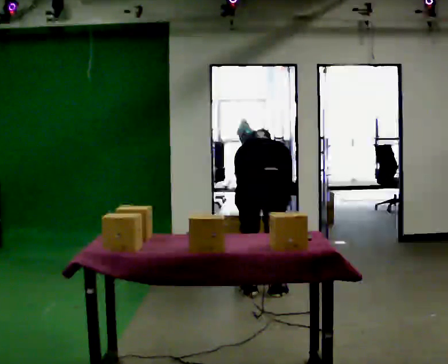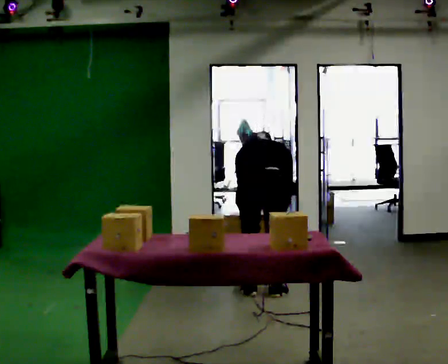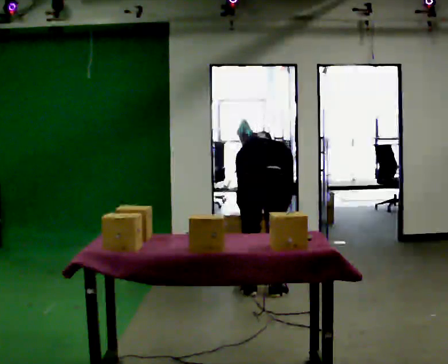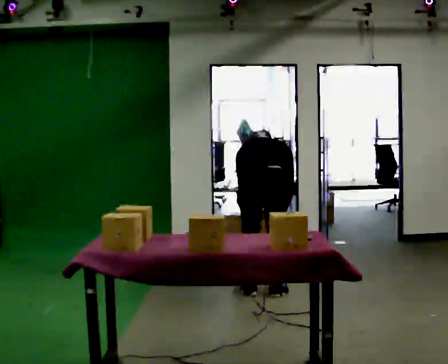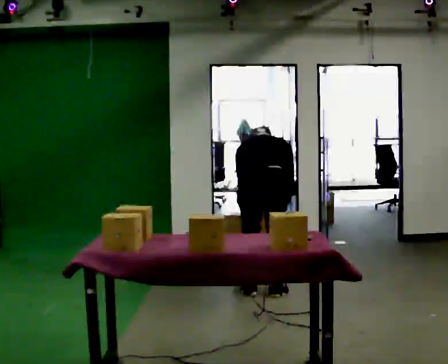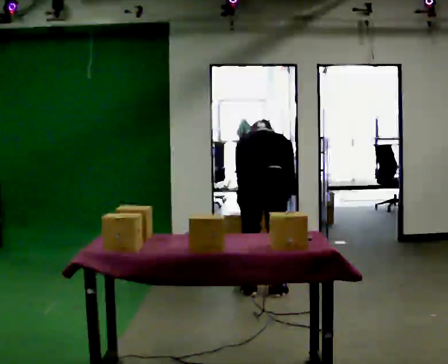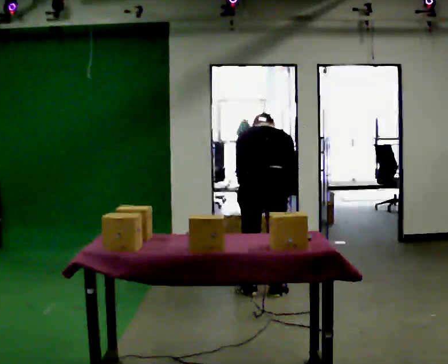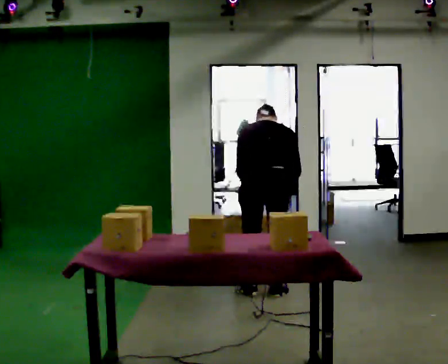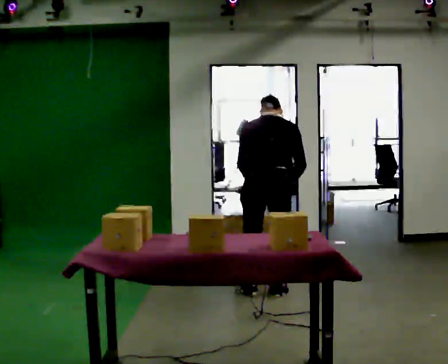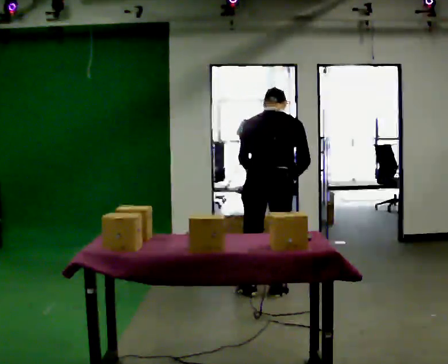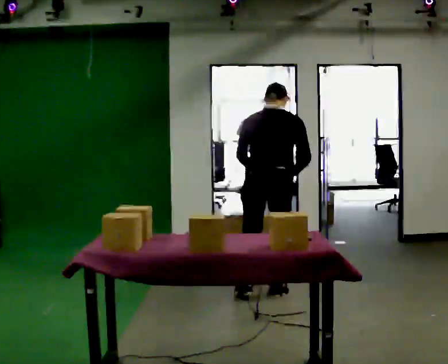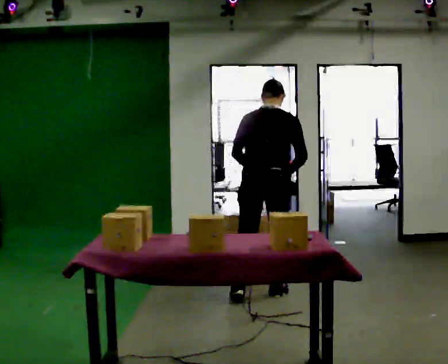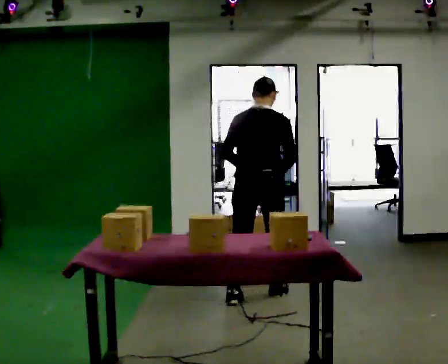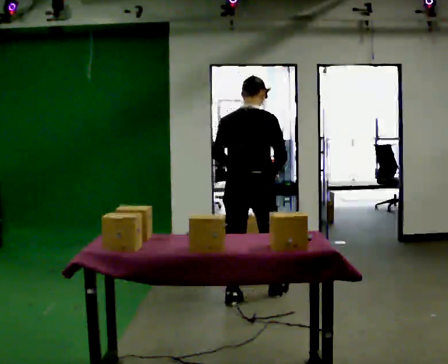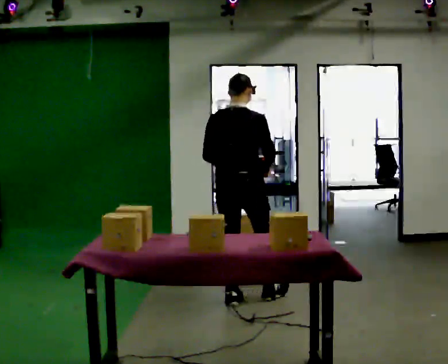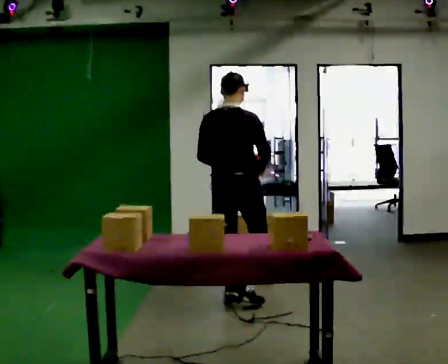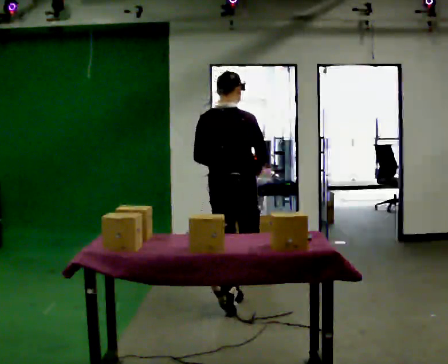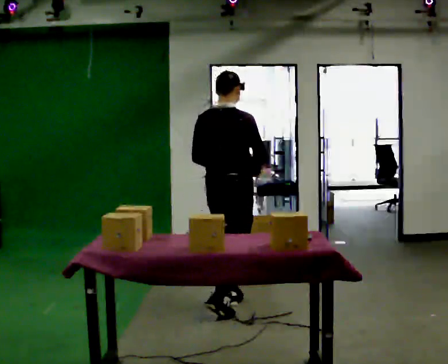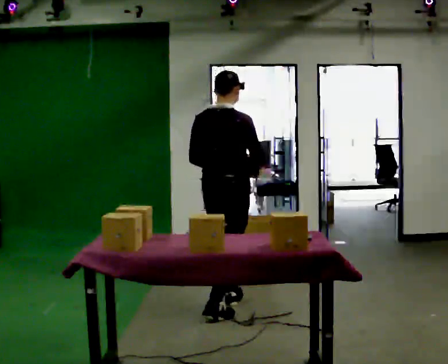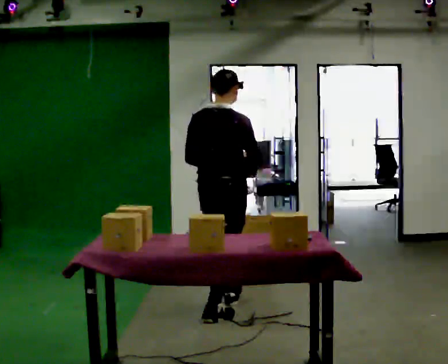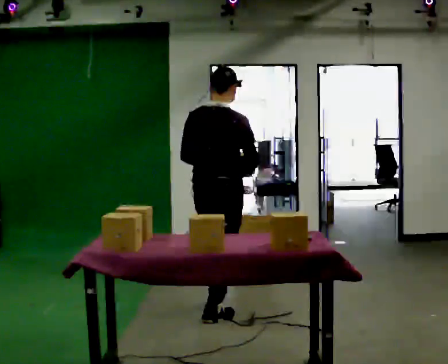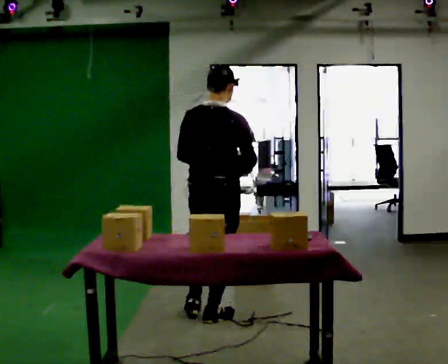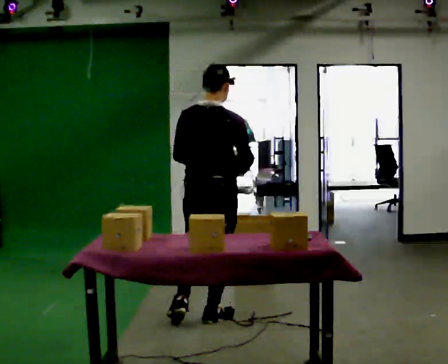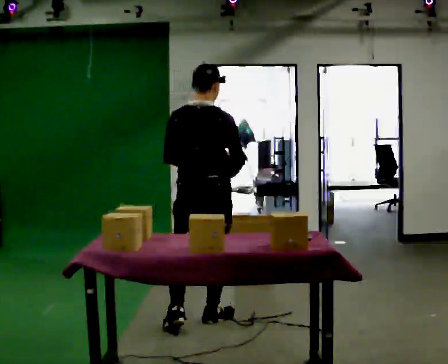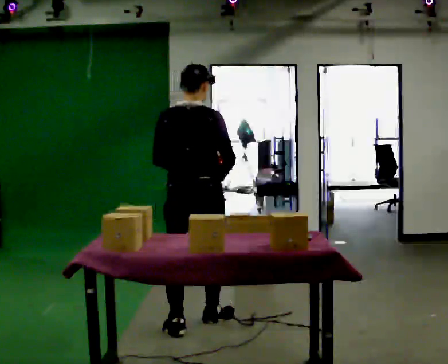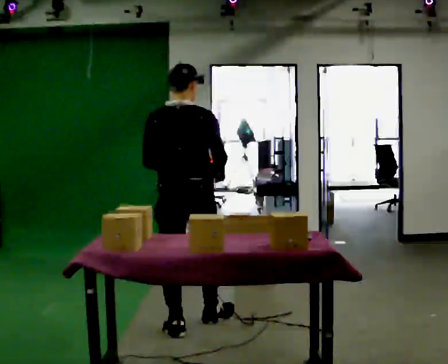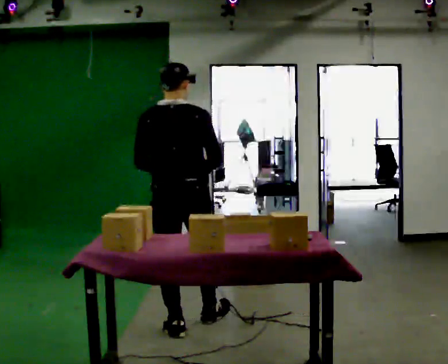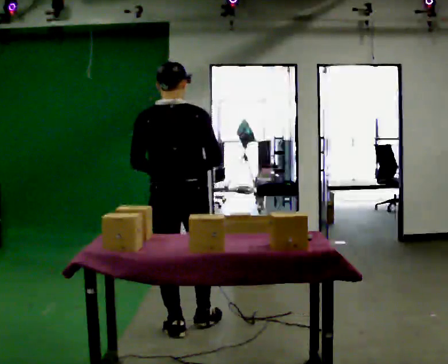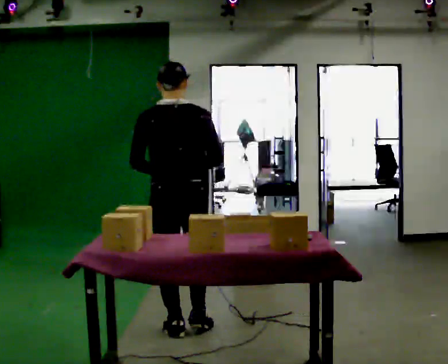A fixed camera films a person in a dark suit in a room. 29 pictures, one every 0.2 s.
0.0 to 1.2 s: The person moves a little, or ends about where they began.
1.2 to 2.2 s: The upper body goes upward. The upper body tips toward the camera, its near side rolling downward, as they lean back or straighten.
2.2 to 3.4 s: In the picture they go toward the camera and to the left, about 0.5 m in 1 step, which for them is backward.
3.4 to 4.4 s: In the picture they go toward the camera, about 0.25 m in 1 step, which for them is backward.
4.4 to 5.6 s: The person turns about 30 degrees to their left, counterclockwise seen from above, so the part of the body nearest the lens slides to the right. In the picture they go toward the camera and to the left, about 0.25 m in 1 step, which for them is backward and to their left.
The film runs backward here.
